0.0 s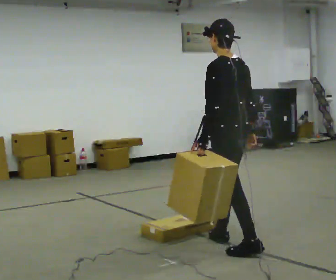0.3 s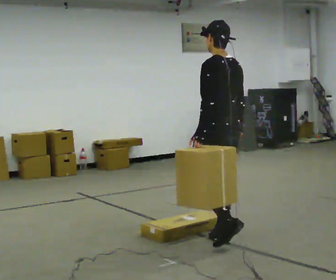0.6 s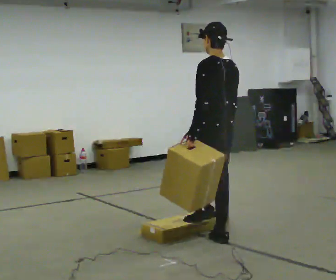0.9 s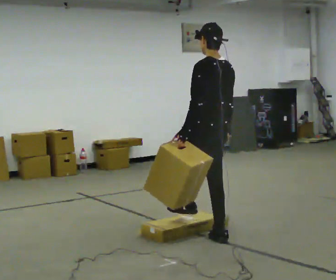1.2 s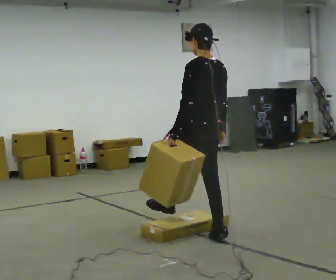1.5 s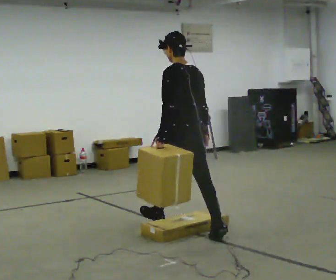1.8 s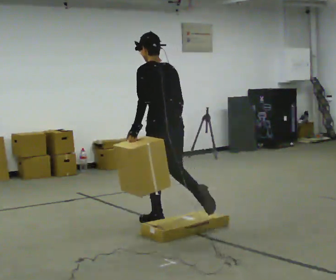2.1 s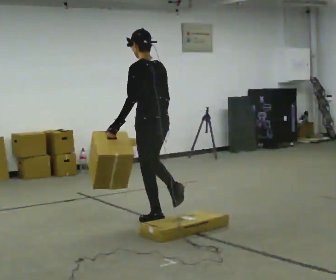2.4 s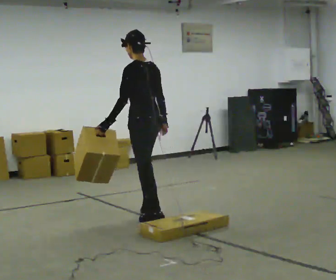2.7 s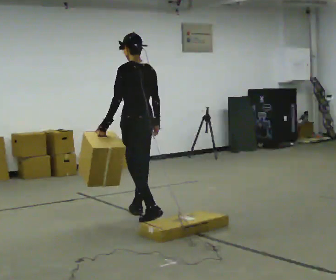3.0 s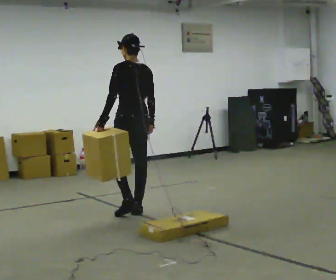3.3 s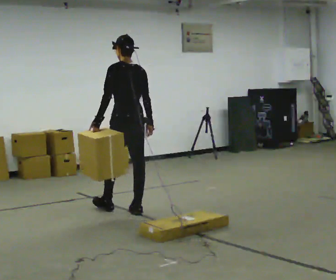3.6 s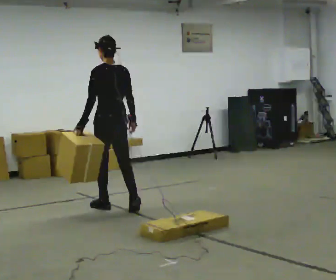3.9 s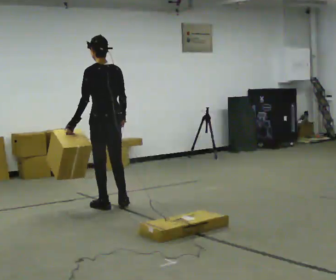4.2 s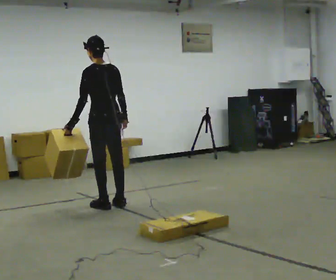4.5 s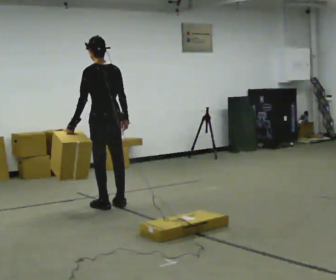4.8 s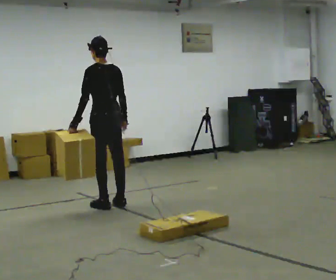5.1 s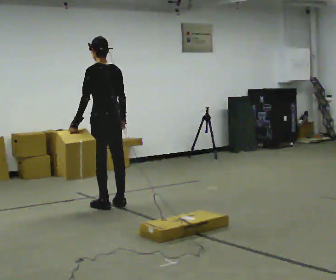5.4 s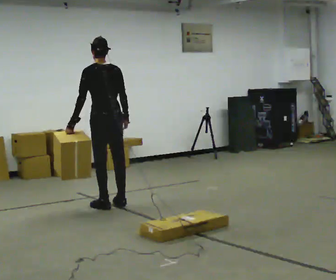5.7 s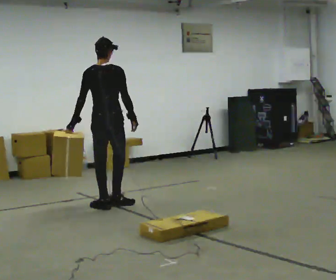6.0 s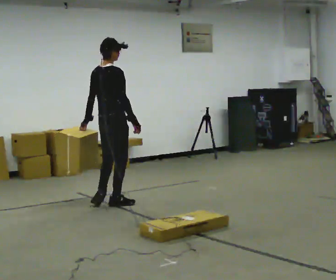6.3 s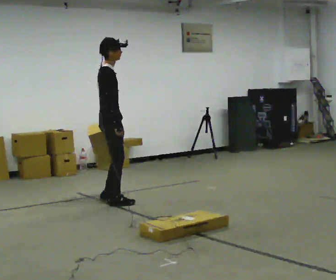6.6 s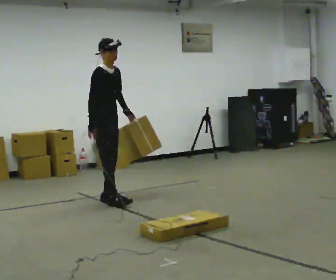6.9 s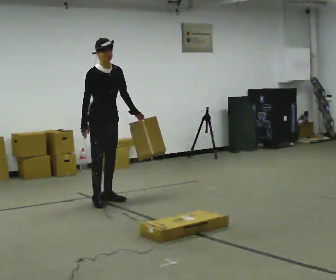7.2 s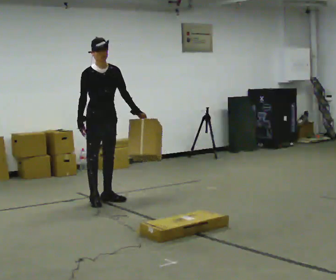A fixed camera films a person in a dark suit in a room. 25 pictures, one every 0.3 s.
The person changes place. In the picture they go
away from the camera.
0.0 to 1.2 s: In the picture they go away from the camera and to the left, about 0.5 m, which for them is forward.
1.2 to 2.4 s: In the picture they go away from the camera and to the left, about 0.5 m in 1 step, which for them is forward.
2.4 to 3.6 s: In the picture they go away from the camera and to the left, about 0.5 m in 2 steps, which for them is forward.
3.6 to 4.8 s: The person moves a little, or ends about where they began.
4.8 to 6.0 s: The person turns about 75 degrees to their right, clockwise seen from above, so the part of the body nearest the lens slides to the left.
6.0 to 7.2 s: The part of the body nearest the lens slides to the left as the person turns to their right by about 105 degrees. In the picture they go away from the camera, about 0.25 m in 2 steps. In the picture their left hand goes to the right, the arm swinging counterclockwise.
The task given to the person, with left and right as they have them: Carry the box over the low sill without stopping, then bring it back over. Keep going until the operator says stop; one object at a time, and do not rush between trips.
The film runs forward here.
